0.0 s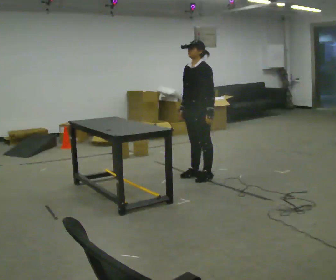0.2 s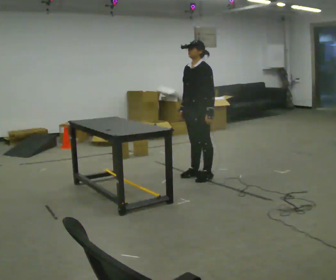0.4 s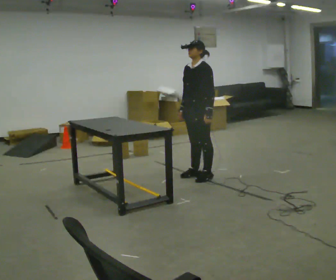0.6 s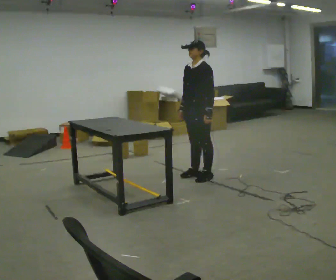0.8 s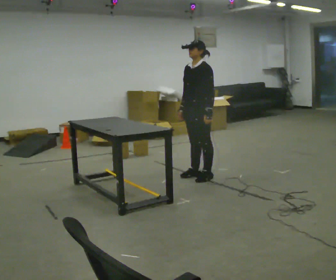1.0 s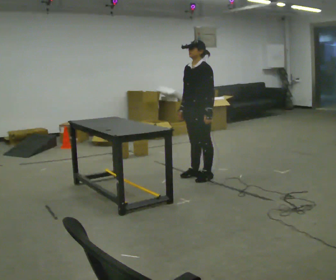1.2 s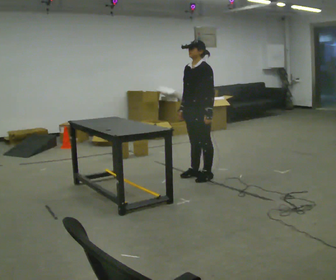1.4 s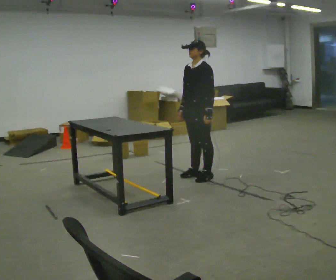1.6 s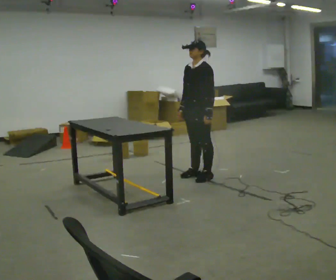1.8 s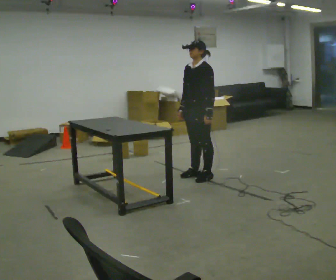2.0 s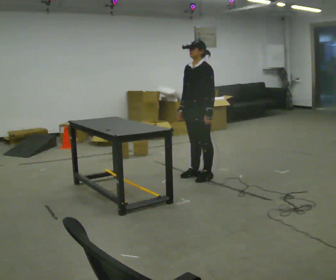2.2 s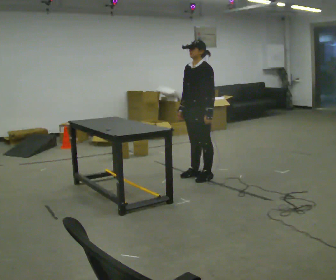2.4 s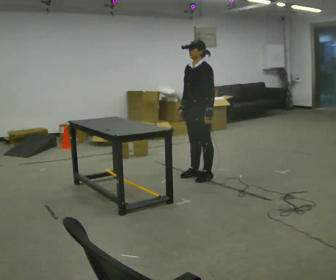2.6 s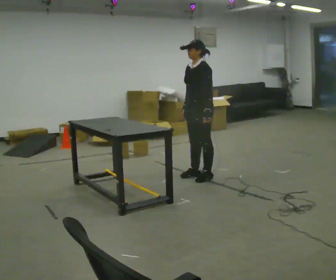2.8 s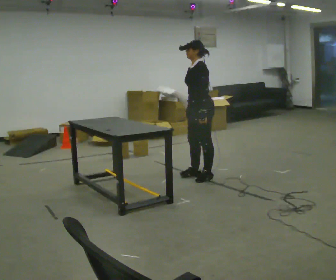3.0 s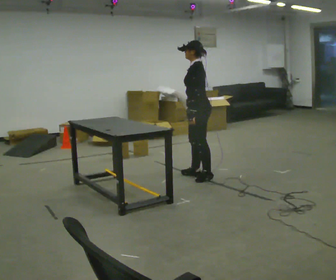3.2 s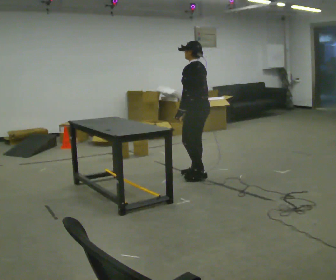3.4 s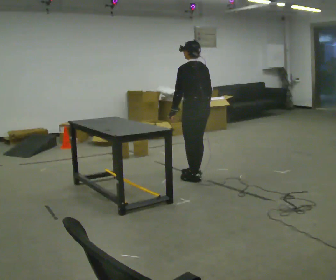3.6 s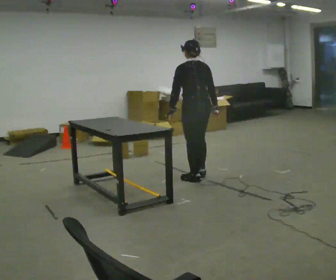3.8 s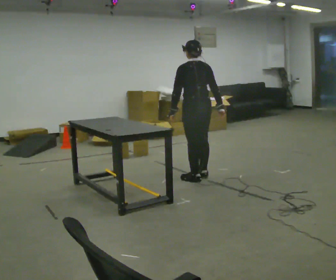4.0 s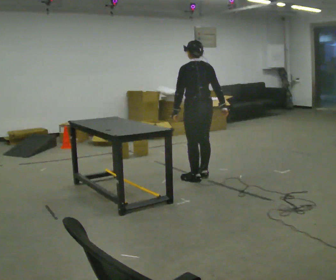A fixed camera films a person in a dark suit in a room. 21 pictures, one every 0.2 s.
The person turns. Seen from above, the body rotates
clockwise.
The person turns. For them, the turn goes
to their right.
0.0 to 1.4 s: The person keeps their place and pose.
1.4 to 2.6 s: The person moves a little, or ends about where they began.
2.6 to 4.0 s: The part of the body nearest the lens slides to the left as the person turns to their right by about 90 degrees. In the picture their right hand goes to the right, the arm swinging counterclockwise.
The film runs forward here.
